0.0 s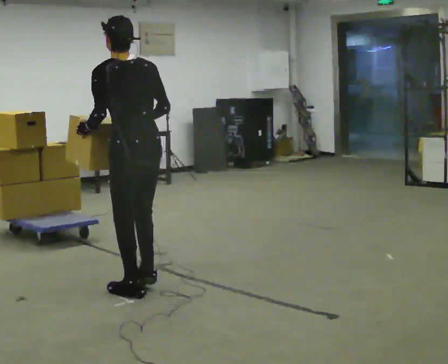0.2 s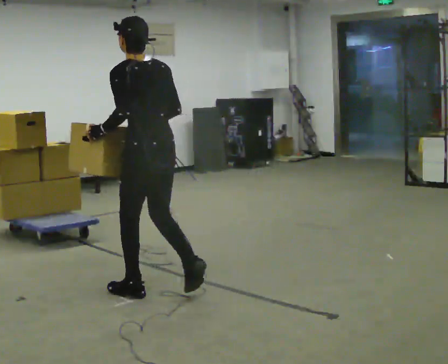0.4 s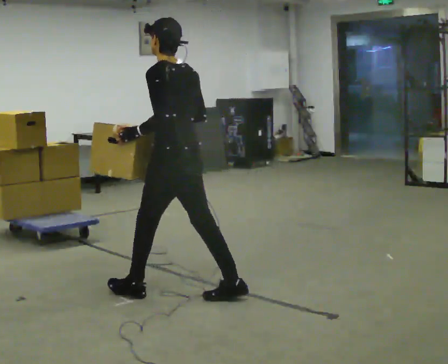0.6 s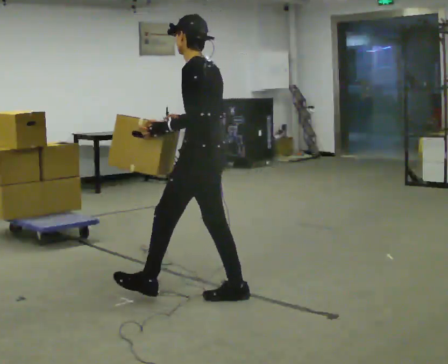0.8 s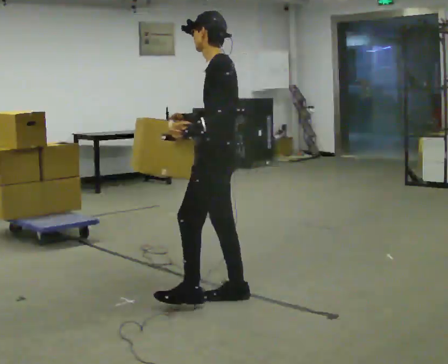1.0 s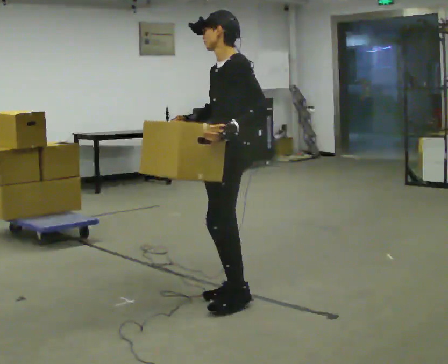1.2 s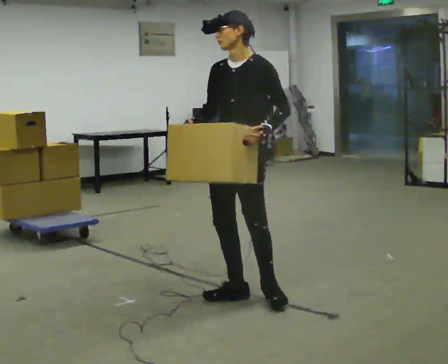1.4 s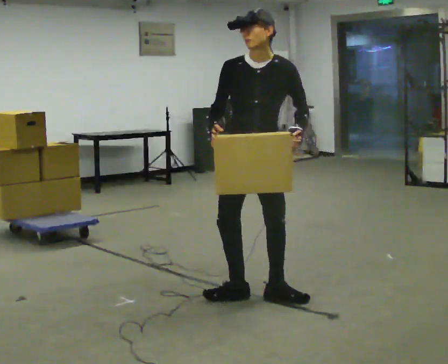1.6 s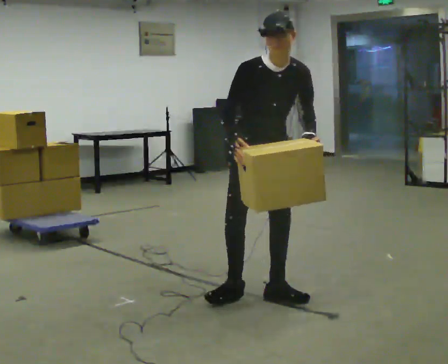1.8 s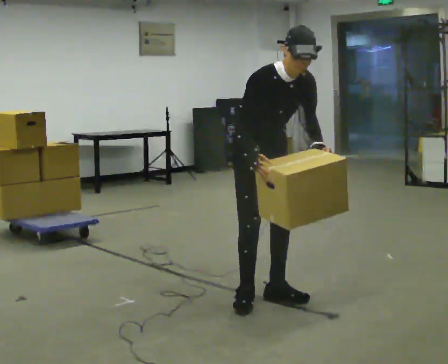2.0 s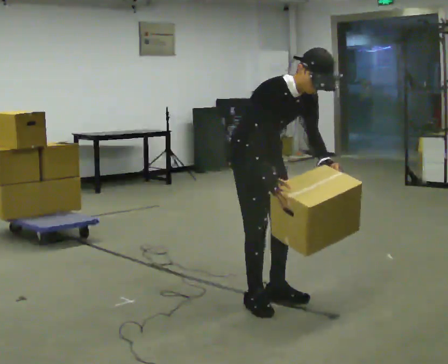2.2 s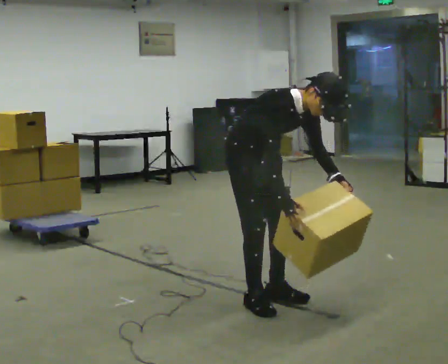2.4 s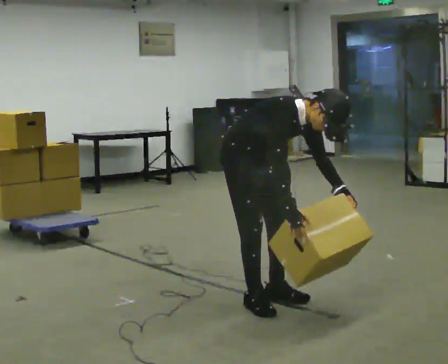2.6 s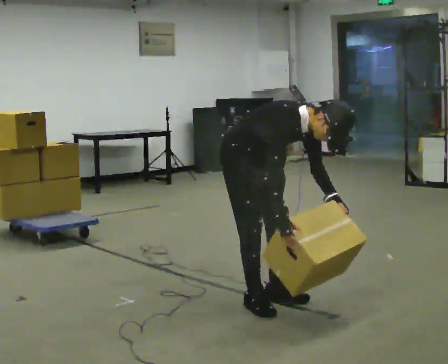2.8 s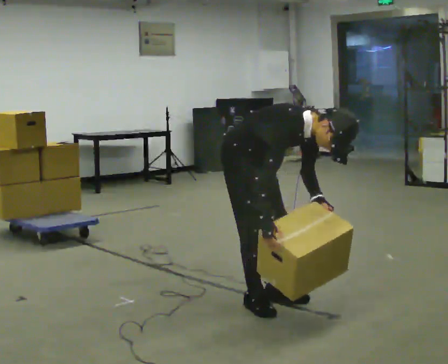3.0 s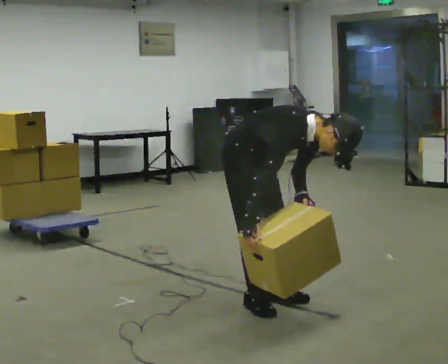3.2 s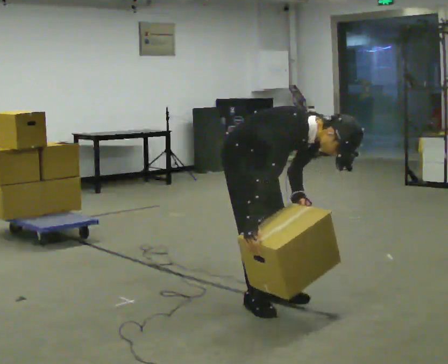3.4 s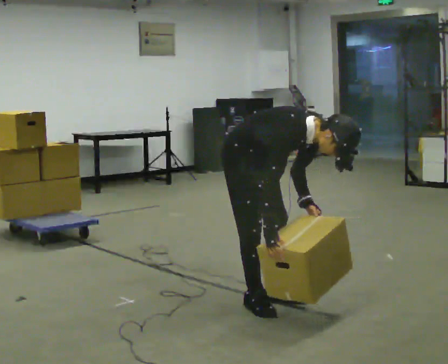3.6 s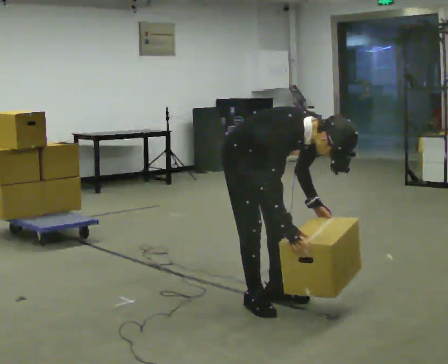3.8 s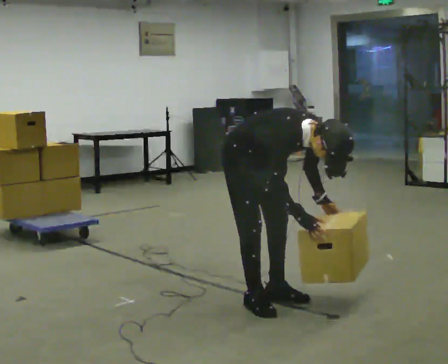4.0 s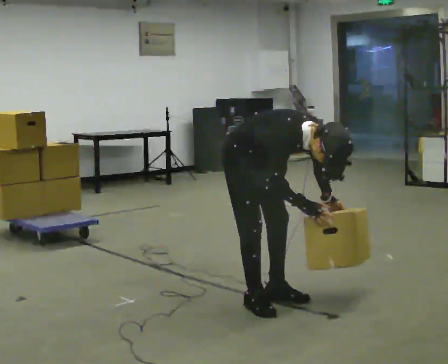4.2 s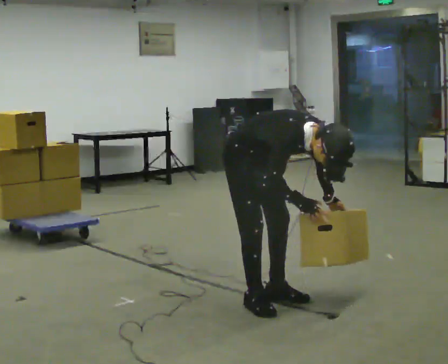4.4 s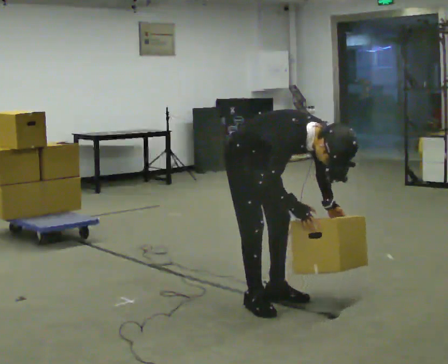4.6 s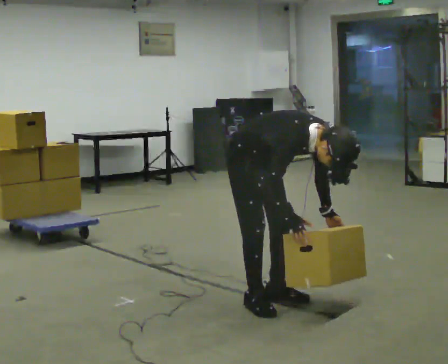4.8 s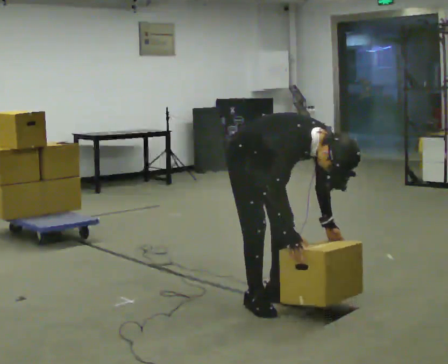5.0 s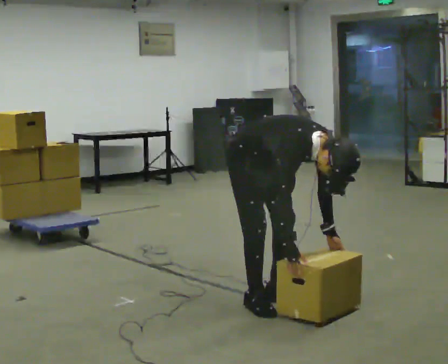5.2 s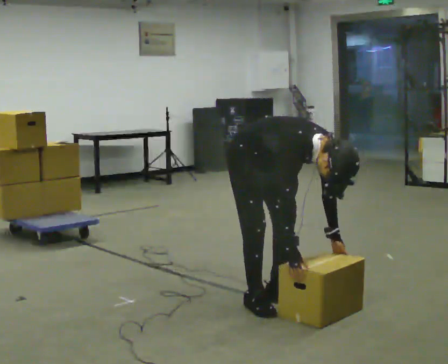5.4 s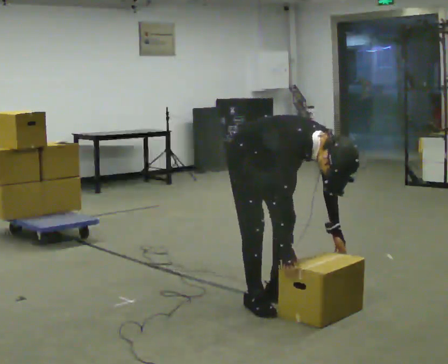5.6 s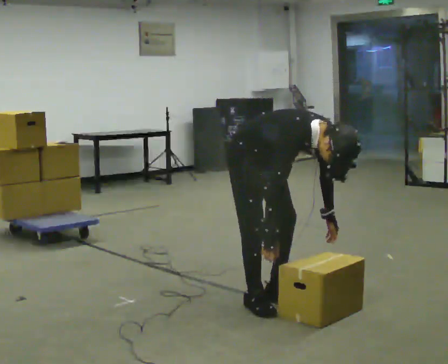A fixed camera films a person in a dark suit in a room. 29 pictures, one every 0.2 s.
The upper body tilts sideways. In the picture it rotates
clockwise.
The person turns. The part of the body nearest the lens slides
to the right.
0.0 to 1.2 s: The person turns about 105 degrees to their left, counterclockwise seen from above, so the part of the body nearest the lens slides to the right. In the picture they go to the right, about 0.75 m in 1 step.
1.2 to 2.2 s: The part of the body nearest the lens slides to the right as the person turns to their left by about 90 degrees. The shoulders move downward. In the picture the upper body tilts clockwise, shoulders to the right, as they bend forward. In the picture their right hand goes to the right and downward.
2.2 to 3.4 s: In the picture the upper body tilts clockwise, shoulders to the right, as they bend forward.
3.4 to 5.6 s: The person moves a little, or ends about where they began.
The film runs backward here.
